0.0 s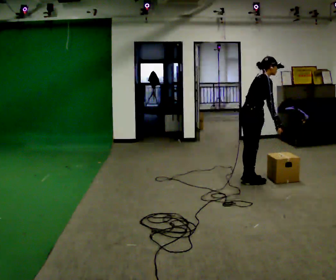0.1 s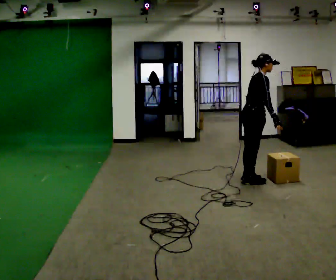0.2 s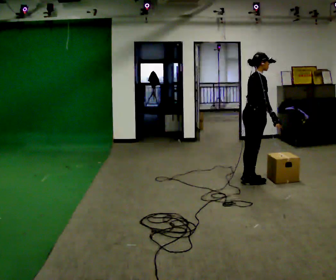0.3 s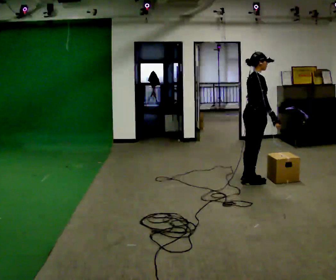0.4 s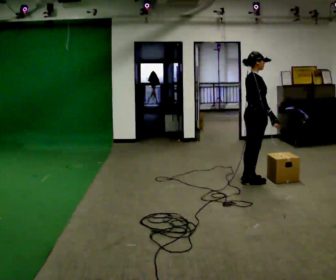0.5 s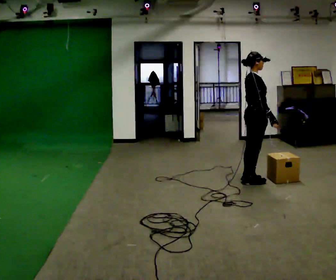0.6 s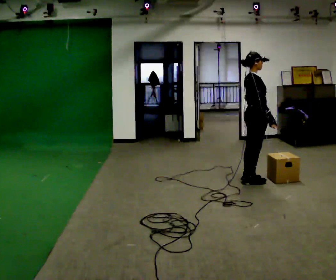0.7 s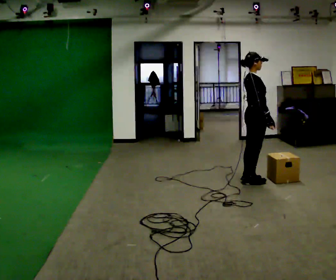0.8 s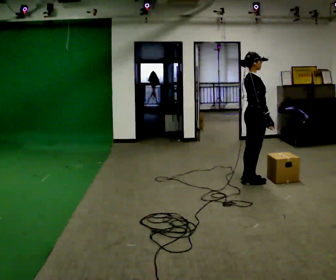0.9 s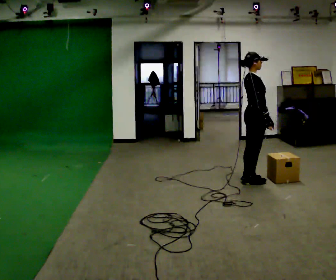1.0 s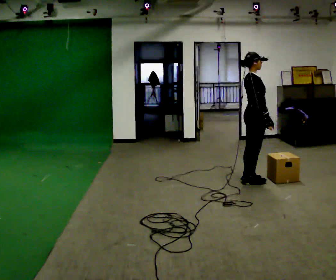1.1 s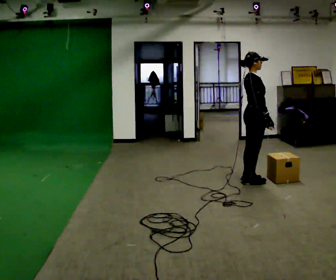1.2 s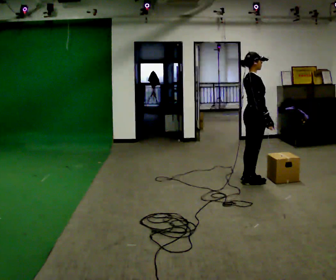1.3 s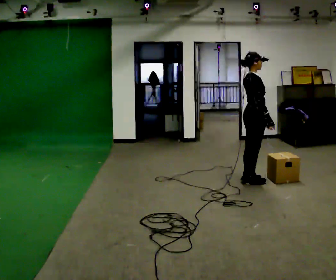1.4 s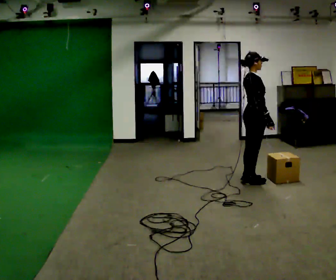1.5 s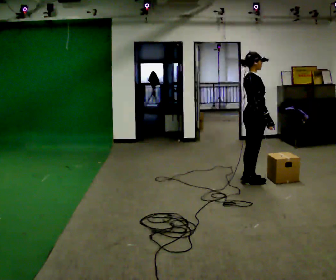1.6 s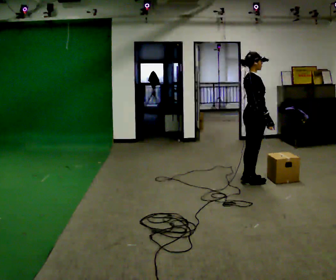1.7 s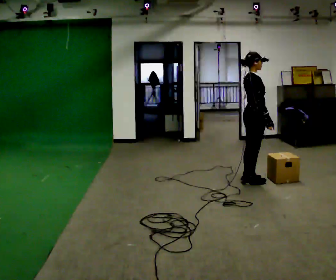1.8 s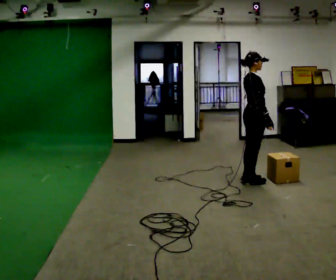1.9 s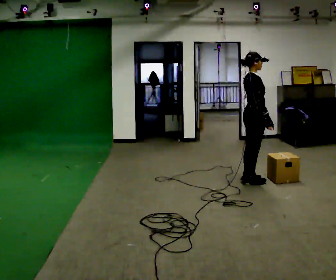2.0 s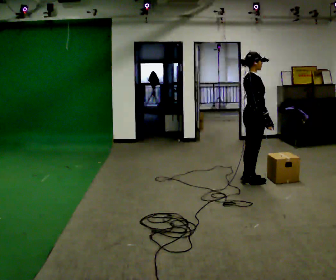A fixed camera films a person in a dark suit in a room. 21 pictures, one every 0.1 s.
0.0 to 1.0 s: In the picture the upper body tilts counterclockwise, shoulders to the left, as they lean back or straighten.
1.0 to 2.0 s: The person keeps their place and pose.
The film runs forward here.
